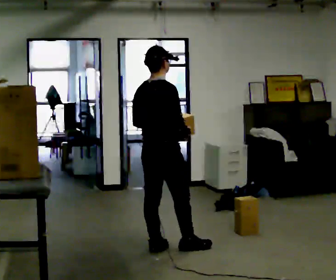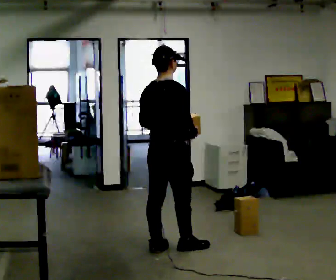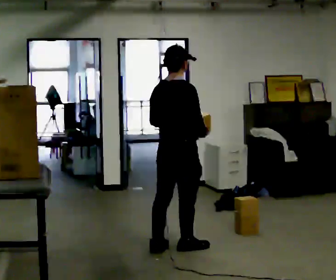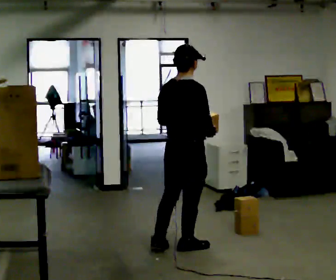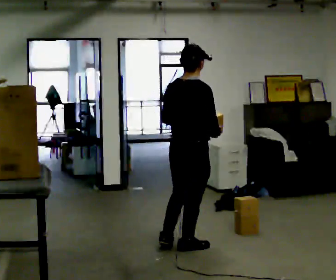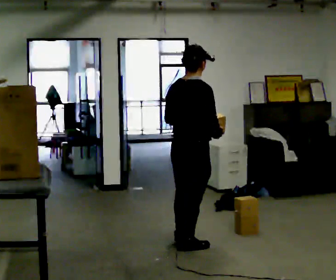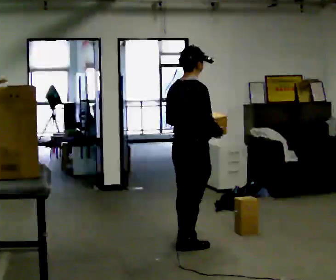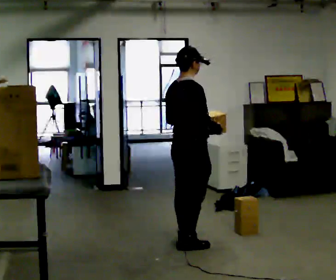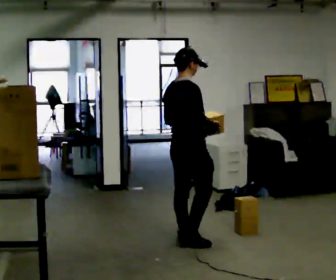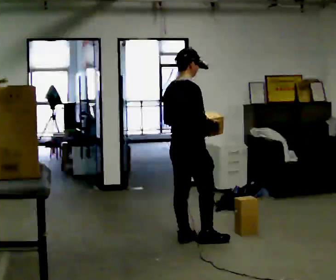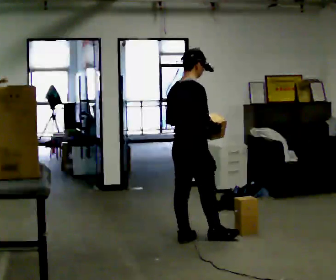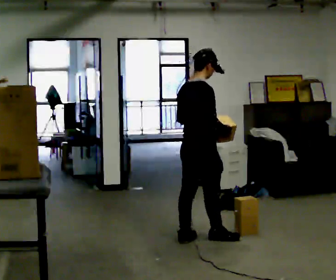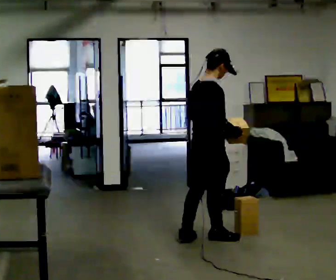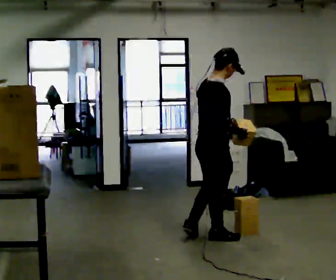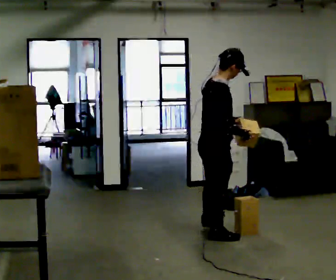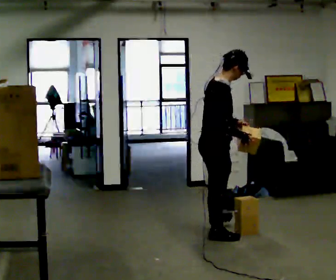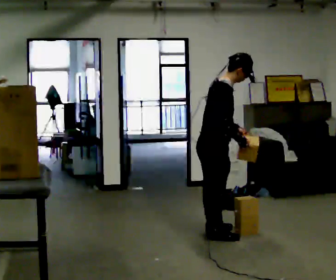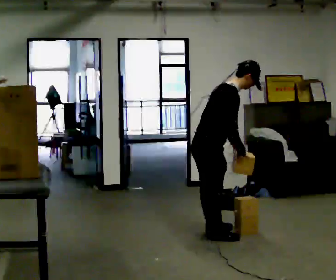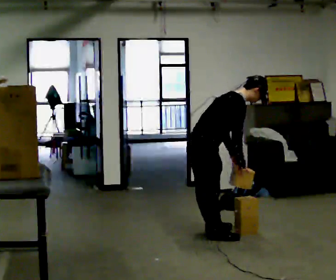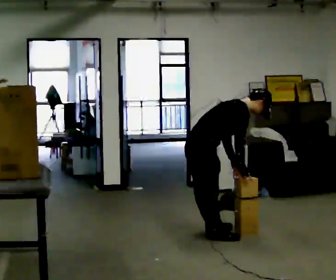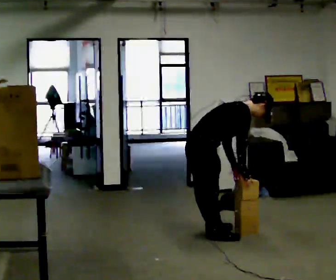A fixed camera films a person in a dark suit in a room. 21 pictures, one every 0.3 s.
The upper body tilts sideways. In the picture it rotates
clockwise.
0.0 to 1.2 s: In the picture they go to the right, about 0.25 m, which for them is to their right and forward.
1.2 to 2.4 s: In the picture they go away from the camera, about 0.25 m in 1 step, which for them is to their left and forward.
2.4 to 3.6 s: In the picture they go to the right, about 0.25 m in 1 step, which for them is forward.
3.6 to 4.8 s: The person moves a little, or ends about where they began.
4.8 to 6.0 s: The upper body goes downward. In the picture the upper body tilts clockwise, shoulders to the right, as they bend forward. In the picture their left hand goes downward.
The film runs forward here.
